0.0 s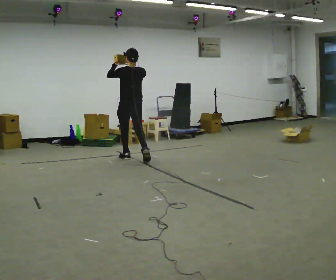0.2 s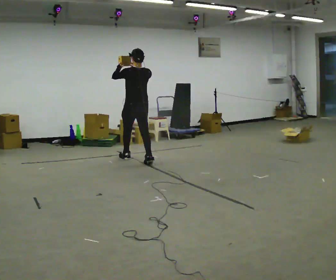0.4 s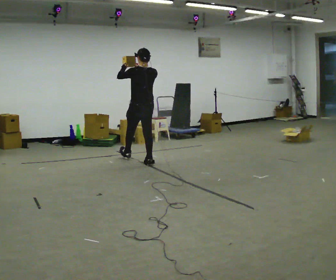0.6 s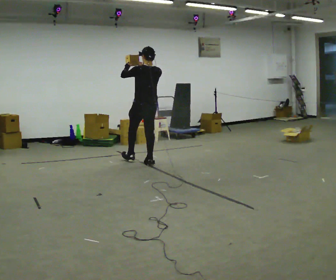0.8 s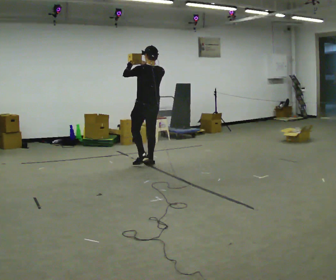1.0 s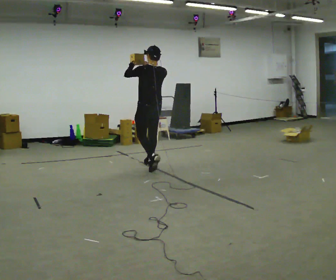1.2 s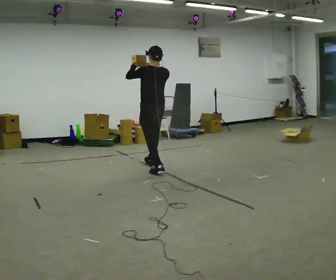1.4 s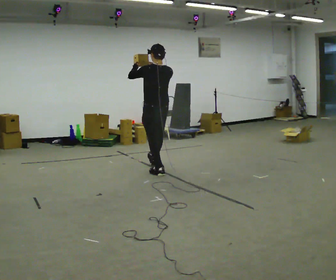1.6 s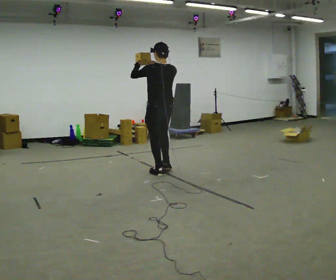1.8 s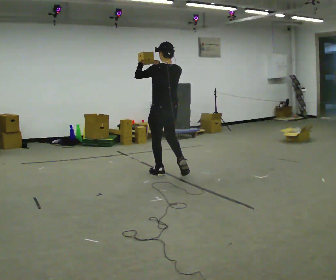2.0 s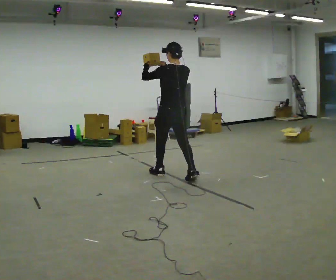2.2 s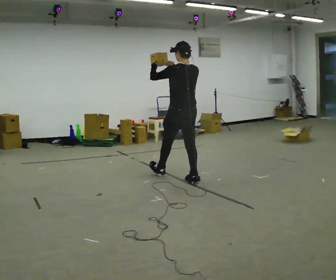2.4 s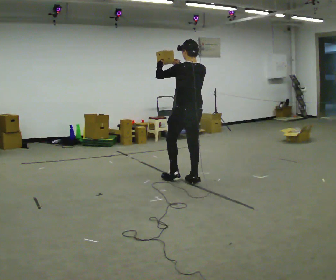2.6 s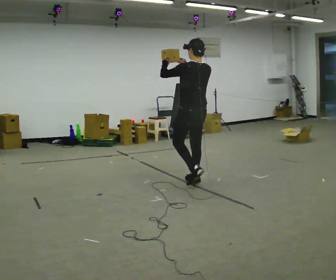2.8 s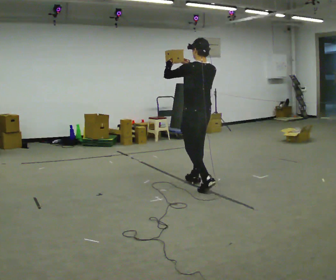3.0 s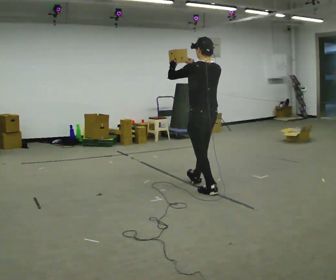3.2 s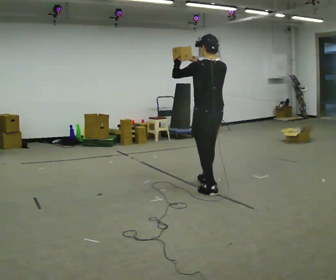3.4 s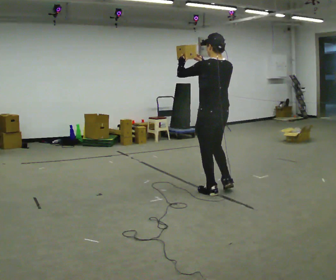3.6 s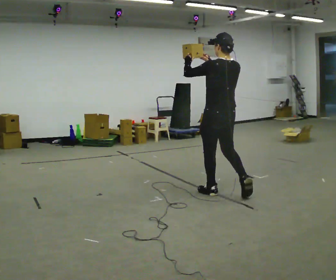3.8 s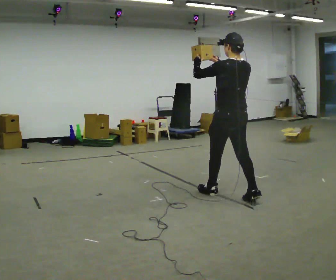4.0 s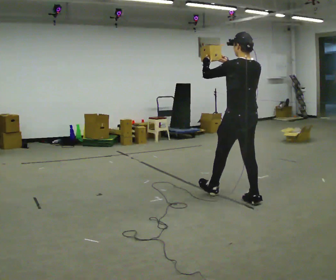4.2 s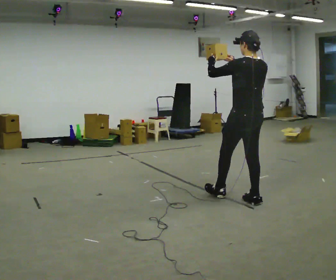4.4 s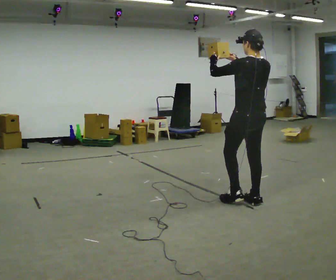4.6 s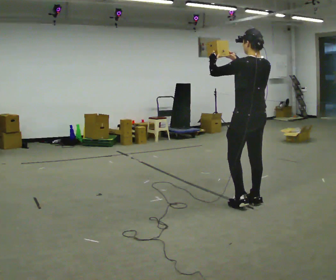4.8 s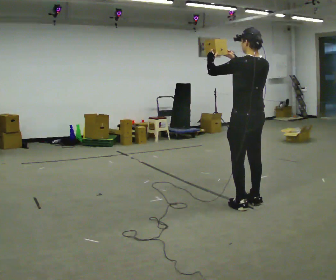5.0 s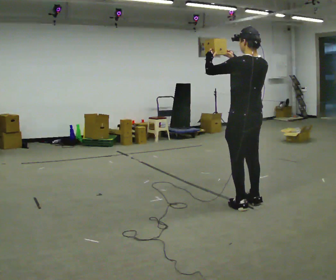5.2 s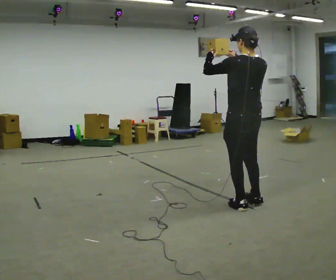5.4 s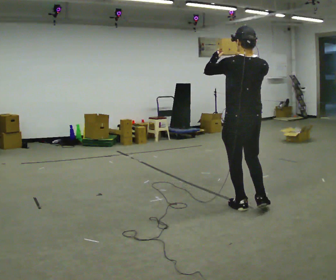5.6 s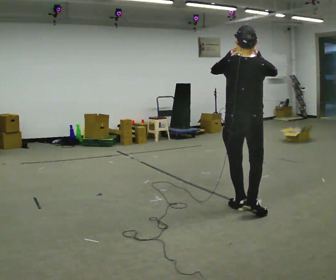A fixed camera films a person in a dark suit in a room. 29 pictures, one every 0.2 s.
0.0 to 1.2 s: In the picture they go toward the camera and to the right, about 0.5 m in 1 step, which for them is backward.
1.2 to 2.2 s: In the picture they go toward the camera and to the right, about 0.75 m in 2 steps, which for them is backward.
2.2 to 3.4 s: In the picture they go toward the camera and to the right, about 0.5 m in 1 step, which for them is backward.
3.4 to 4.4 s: In the picture they go to the right and toward the camera, about 0.5 m in 1 step, which for them is backward.
4.4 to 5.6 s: Seen from above the body turns clockwise, about 30 degrees: to their right, with its near side sliding to the left. In the picture they go toward the camera, about 0.25 m in 1 step, which for them is to their left and backward.
The film runs backward here.
